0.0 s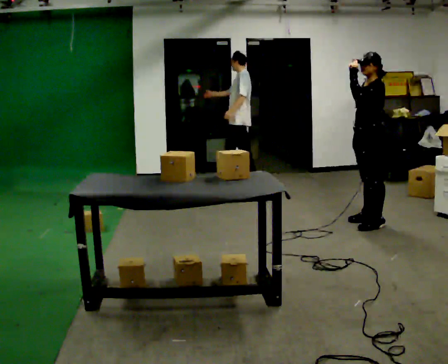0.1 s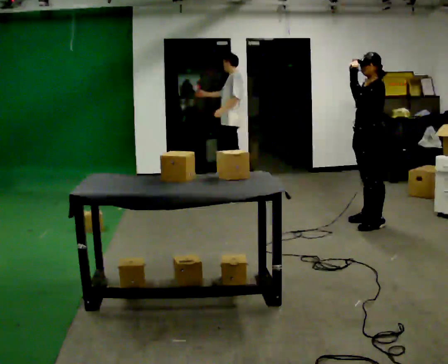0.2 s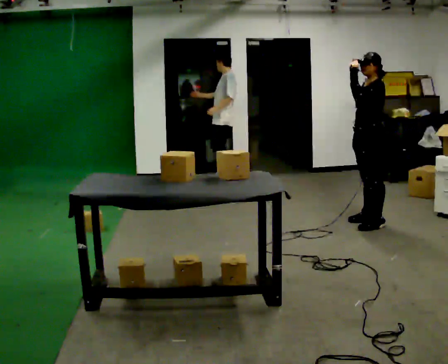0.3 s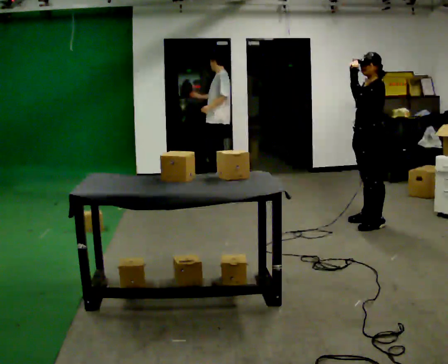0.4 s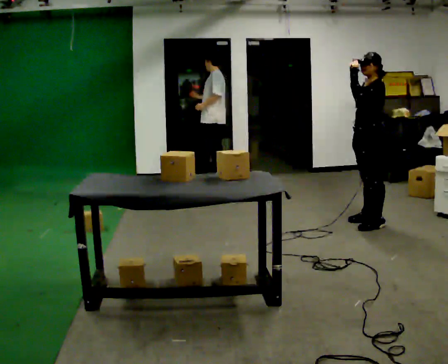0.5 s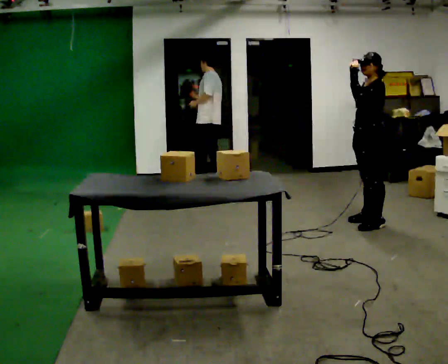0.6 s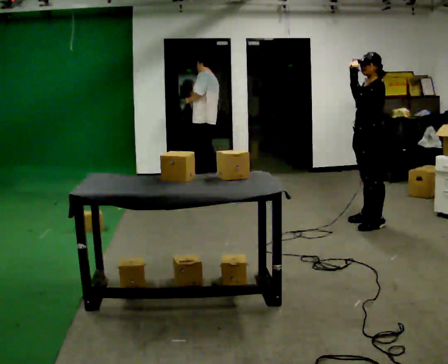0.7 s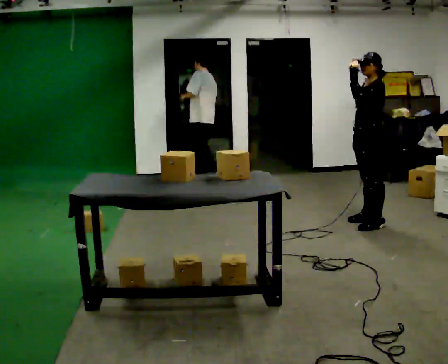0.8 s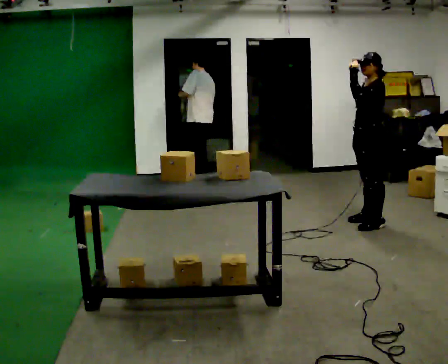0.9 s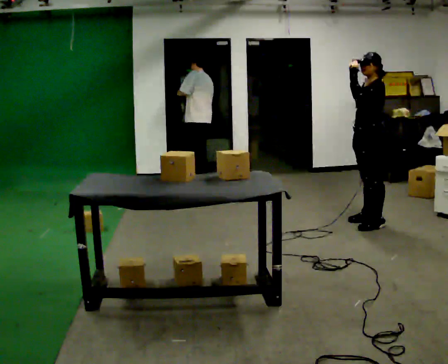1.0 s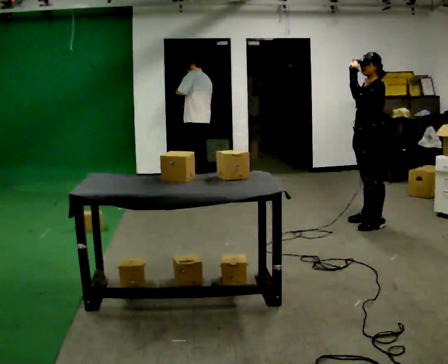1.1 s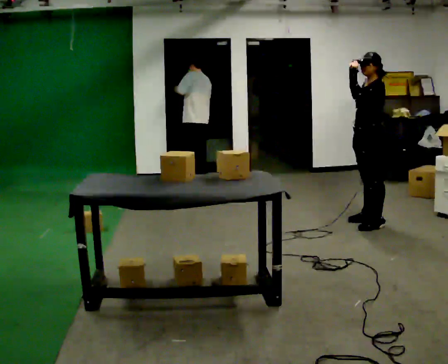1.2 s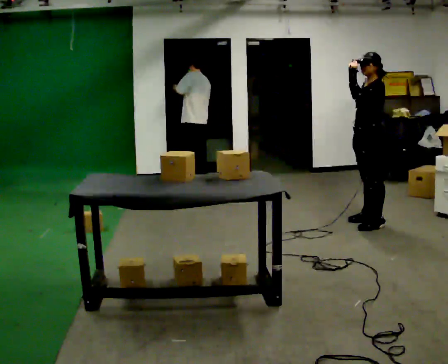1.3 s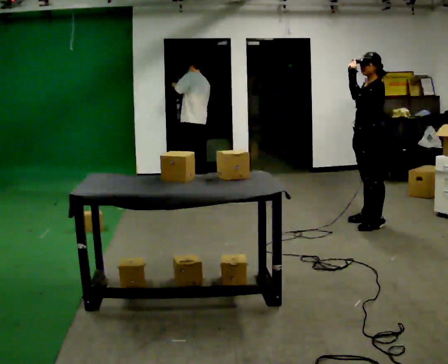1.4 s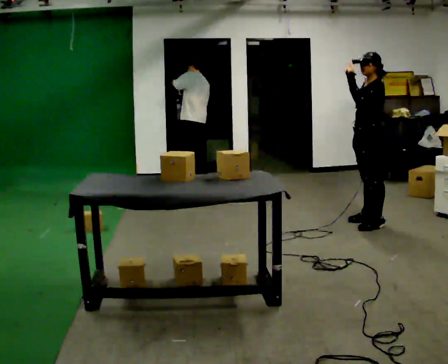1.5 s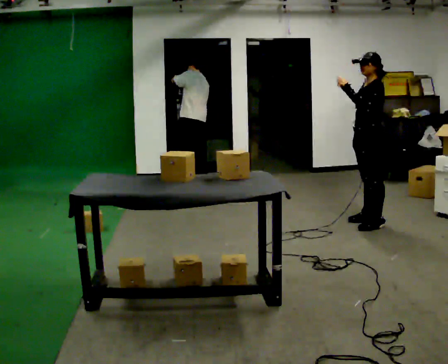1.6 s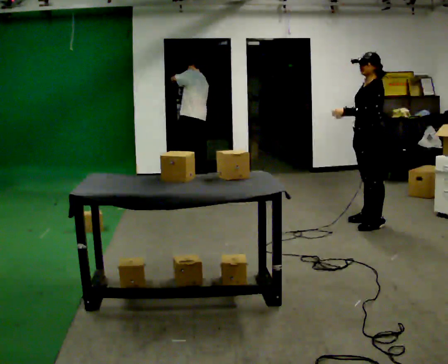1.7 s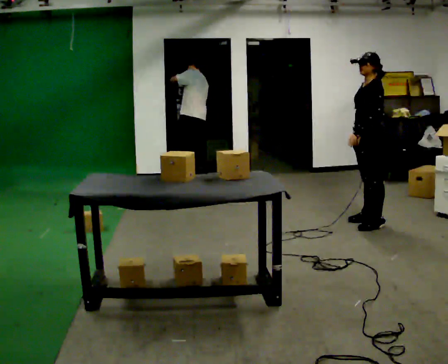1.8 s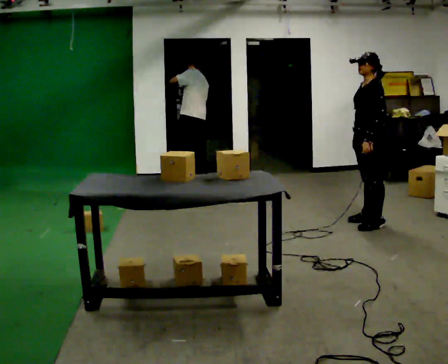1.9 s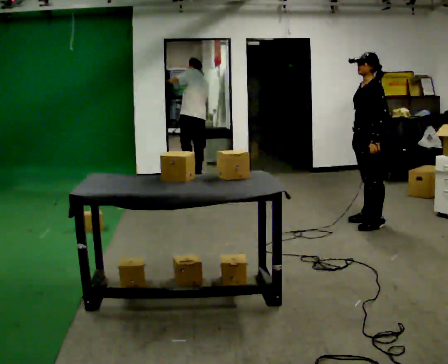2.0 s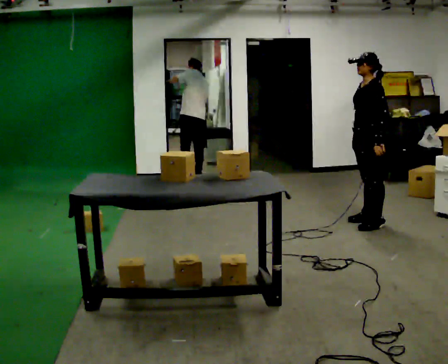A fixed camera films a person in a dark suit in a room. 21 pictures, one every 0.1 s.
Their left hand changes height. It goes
downward.
0.0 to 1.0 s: The person keeps their place and pose.
1.0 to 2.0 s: In the picture their left hand goes downward.
The film runs forward here.
